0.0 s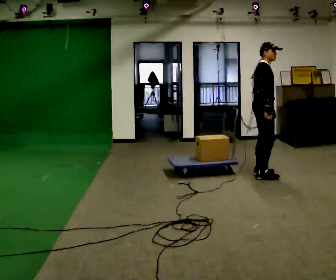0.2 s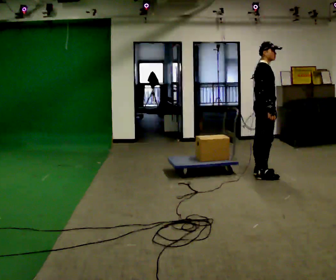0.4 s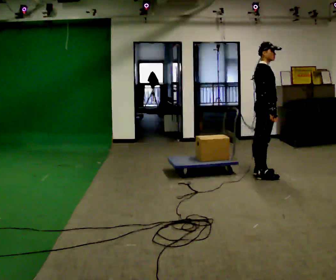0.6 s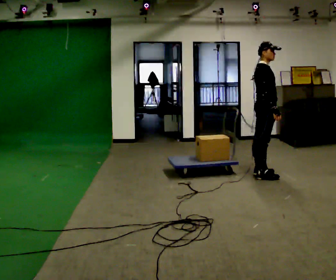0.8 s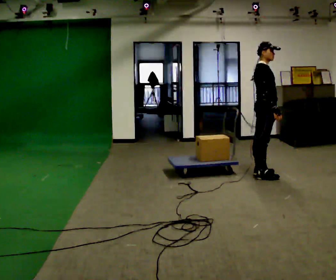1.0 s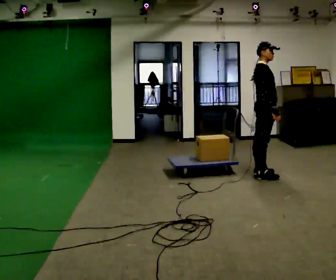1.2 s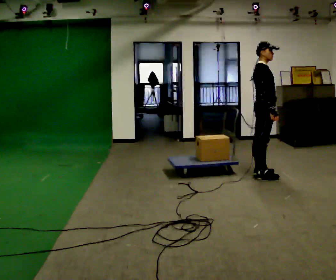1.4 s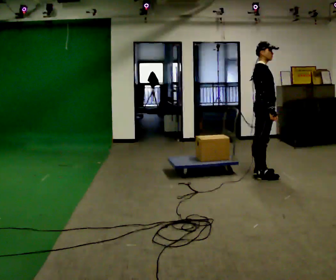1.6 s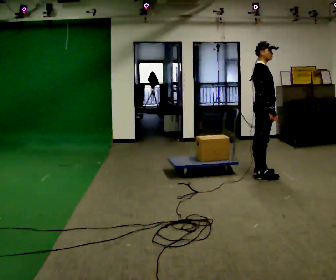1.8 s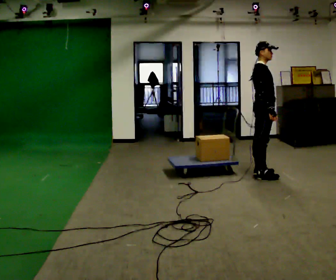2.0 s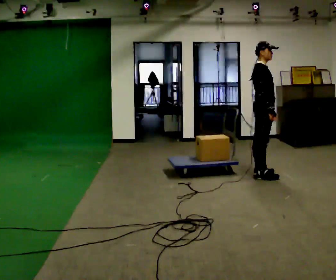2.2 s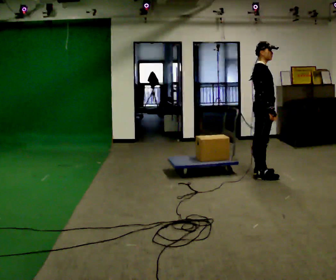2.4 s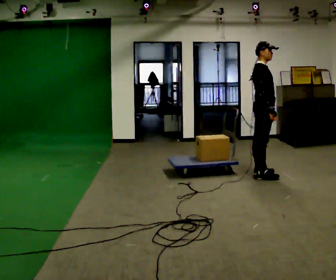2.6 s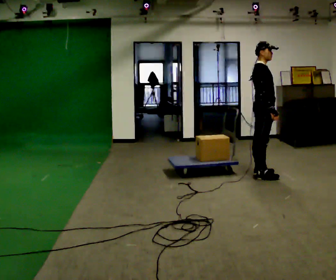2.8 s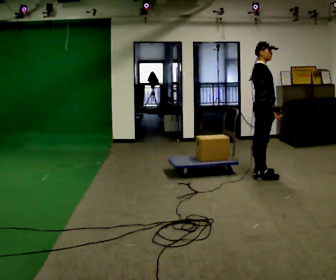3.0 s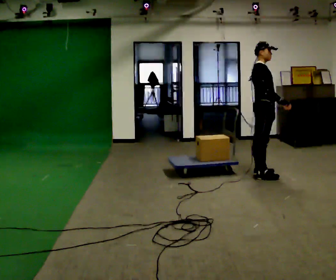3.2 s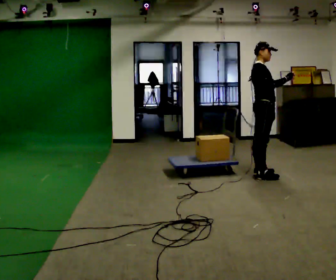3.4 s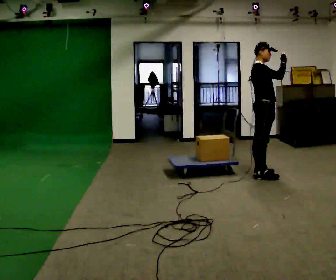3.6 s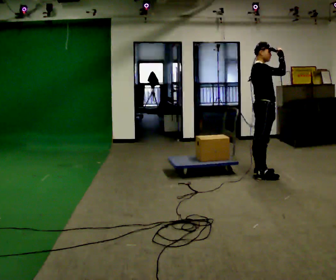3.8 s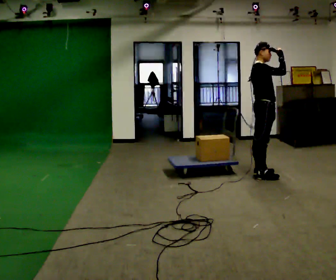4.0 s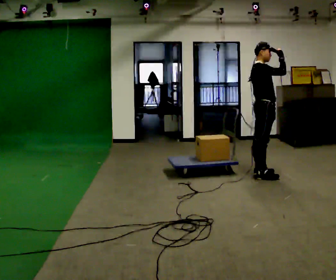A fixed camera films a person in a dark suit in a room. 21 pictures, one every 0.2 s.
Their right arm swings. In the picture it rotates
counterclockwise.
Their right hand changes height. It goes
upward.
0.0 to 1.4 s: The person moves a little, or ends about where they began.
1.4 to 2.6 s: The person keeps their place and pose.
2.6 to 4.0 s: In the picture their right hand goes upward, the arm swinging counterclockwise.
The film runs forward here.
